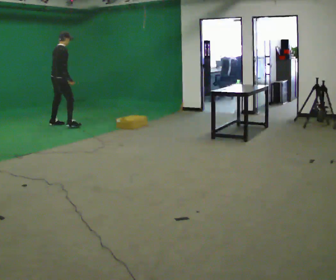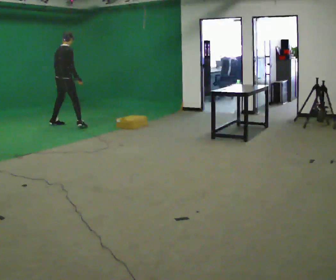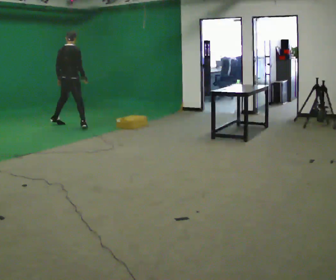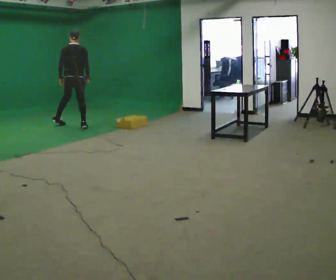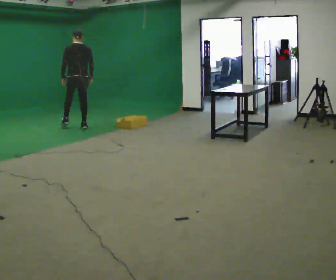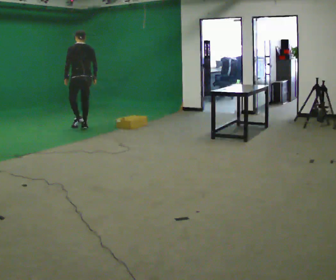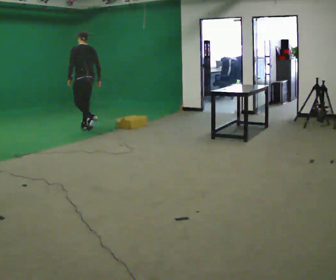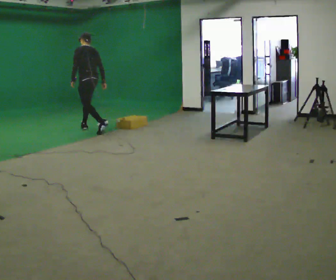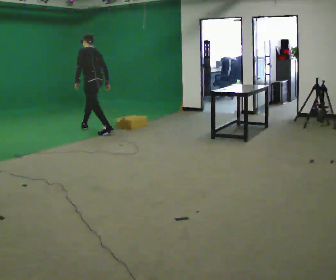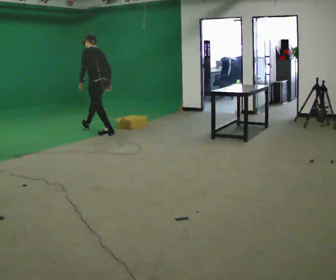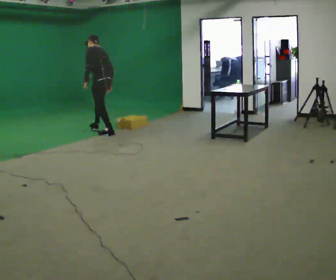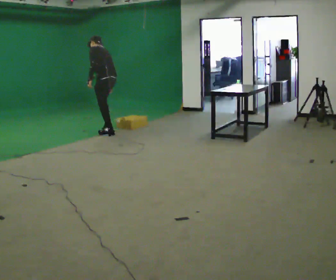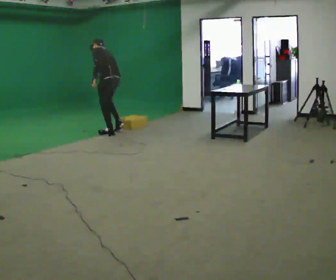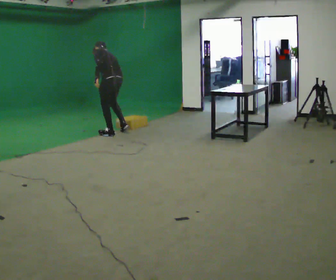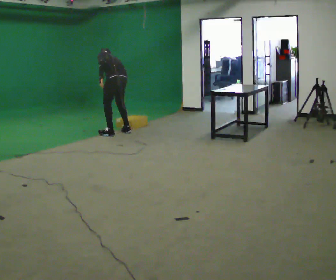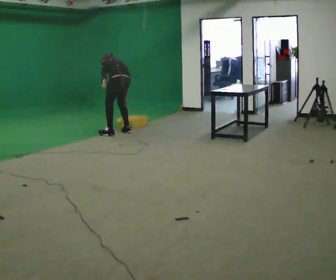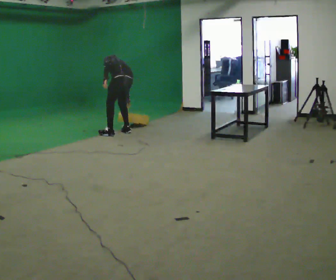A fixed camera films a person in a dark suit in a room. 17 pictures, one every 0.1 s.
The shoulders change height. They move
downward.
The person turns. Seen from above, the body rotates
counterclockwise.
0.0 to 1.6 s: The part of the body nearest the lens slides to the right as the person turns to their left by about 105 degrees. In the picture they go to the right and toward the camera, about 1.5 m in 2 steps. The upper body goes downward. The upper body tips away from the camera, its near side rolling upward, as they bend forward.
The film runs backward here.
